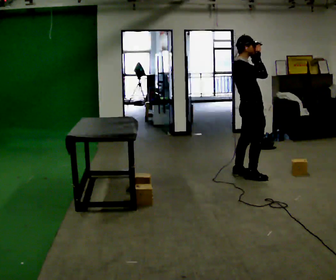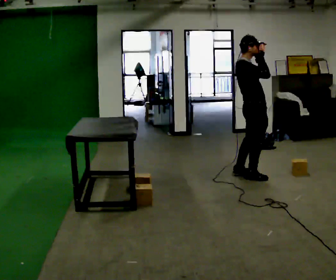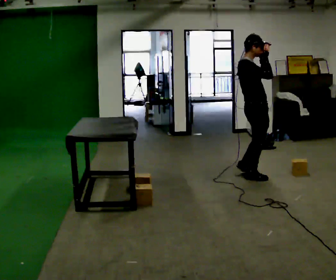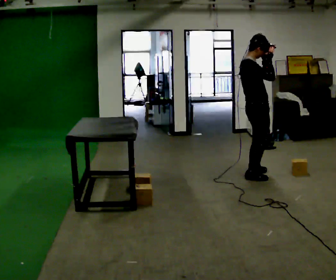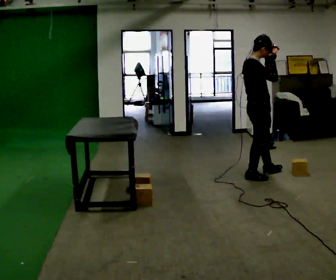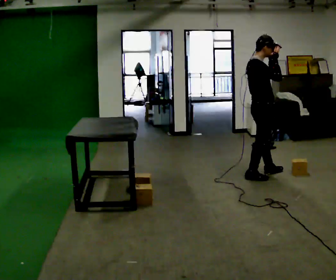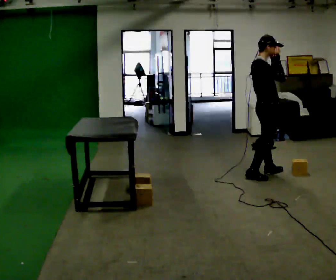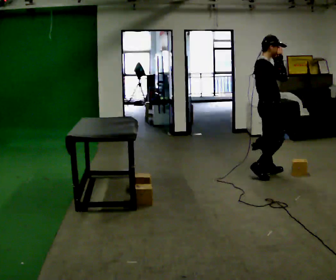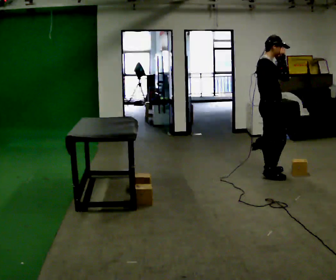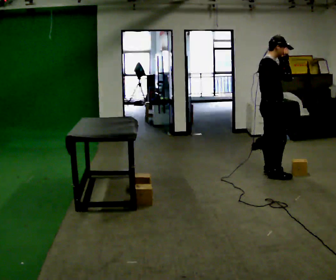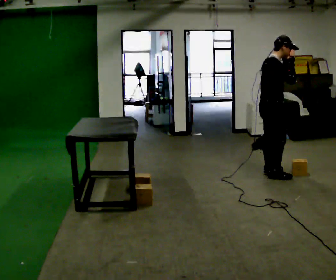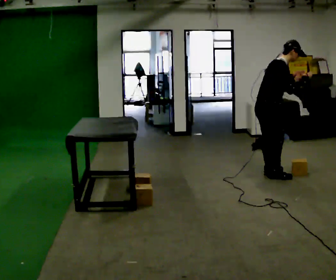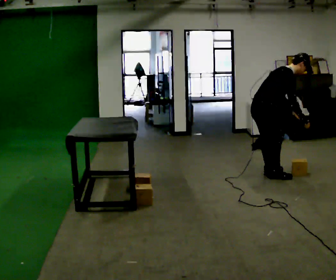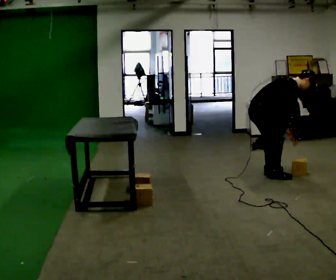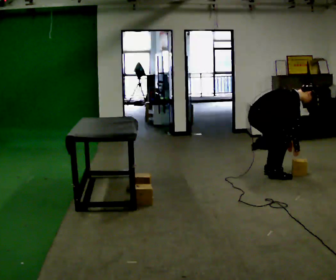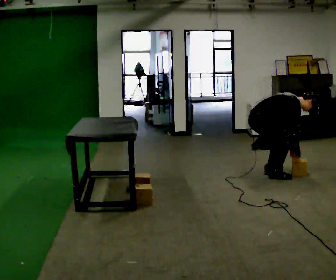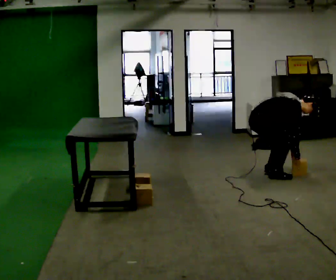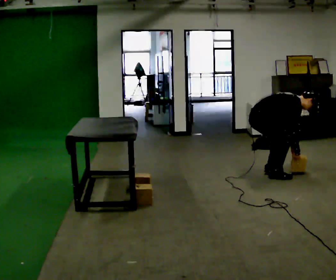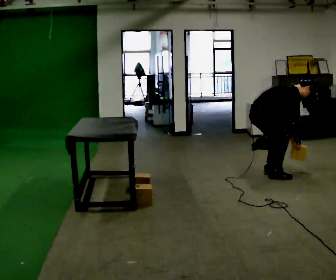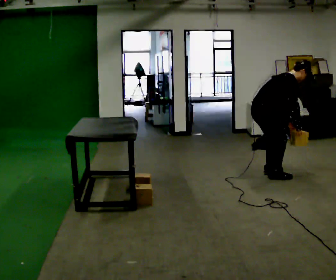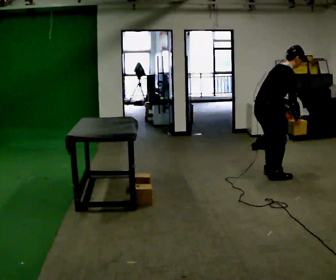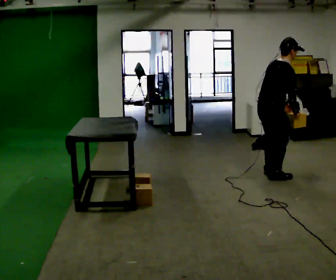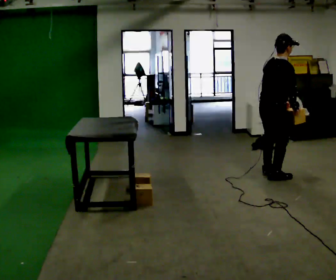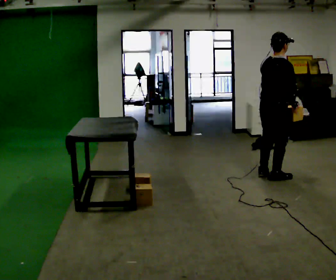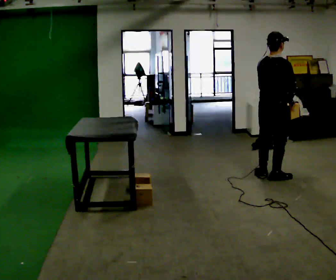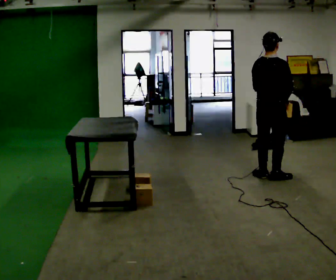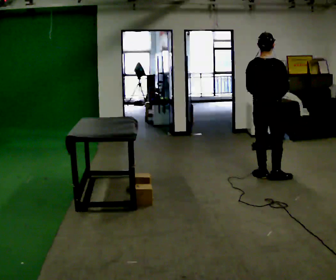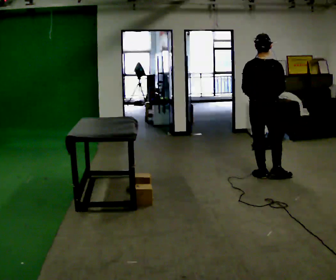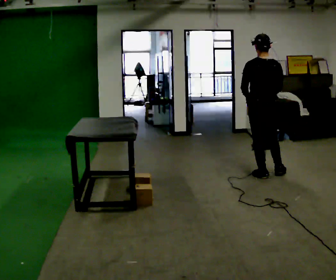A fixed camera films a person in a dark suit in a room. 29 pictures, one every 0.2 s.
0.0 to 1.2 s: In the picture they go to the right, about 0.25 m in 1 step, which for them is forward.
1.2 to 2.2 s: In the picture the upper body tilts clockwise, shoulders to the right, as they bend forward.
2.2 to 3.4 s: The upper body goes downward. In the picture the upper body tilts clockwise, shoulders to the right, as they bend forward. In the picture their right hand goes downward, the arm swinging clockwise.
3.4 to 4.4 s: The part of the body nearest the lens slides to the right as the person turns to their left by about 30 degrees. The upper body goes upward. In the picture the upper body tilts counterclockwise, shoulders to the left, as they lean back or straighten. In the picture their right hand goes upward.
4.4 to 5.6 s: The person turns about 60 degrees to their left, counterclockwise seen from above, so the part of the body nearest the lens slides to the right. In the picture they go away from the camera, about 0.25 m in 1 step. In the picture their left hand goes to the left.
The film runs forward here.
